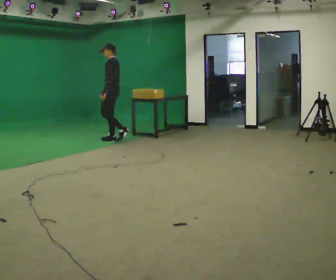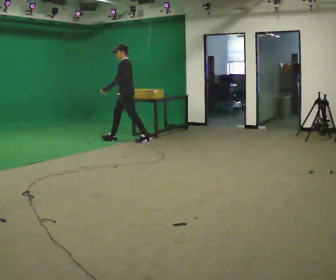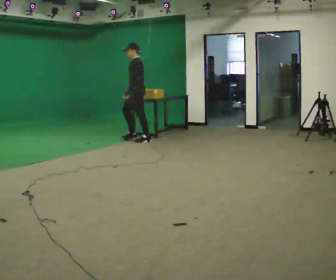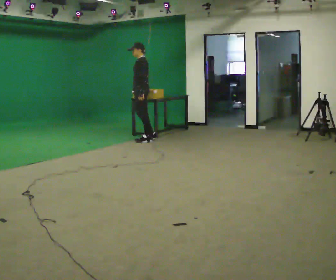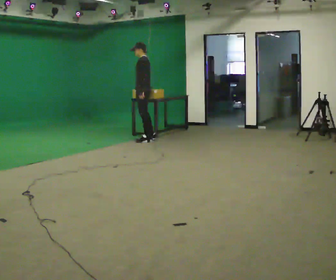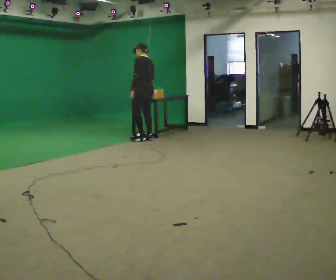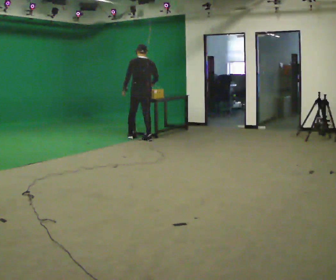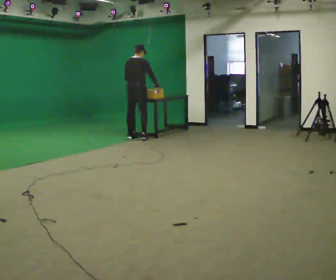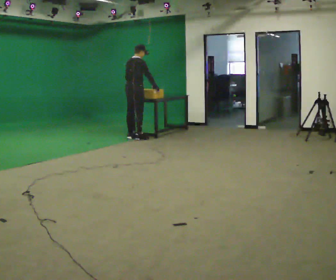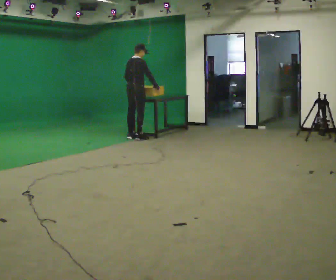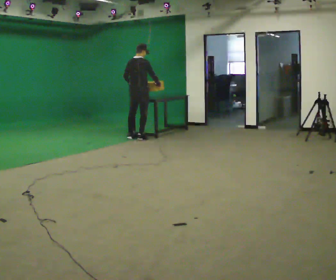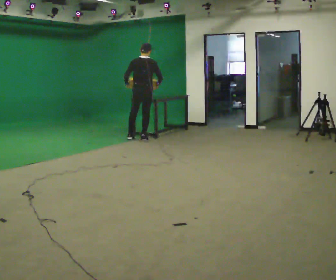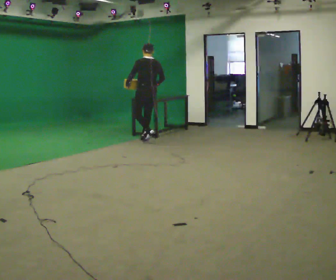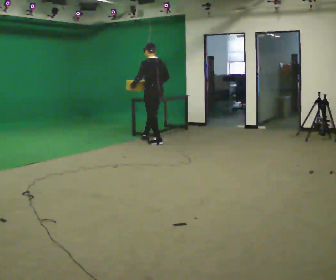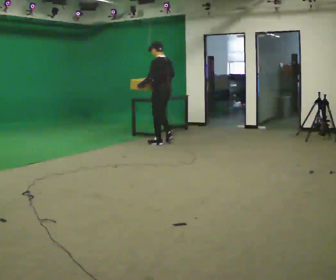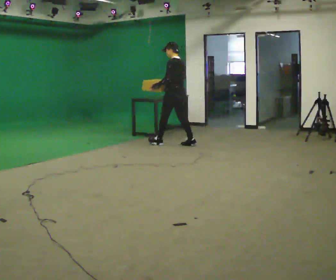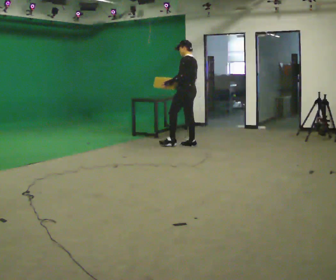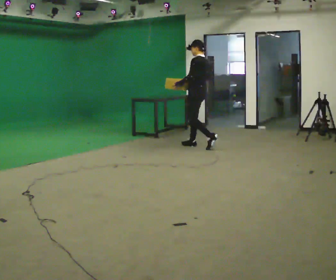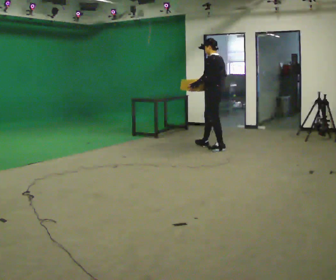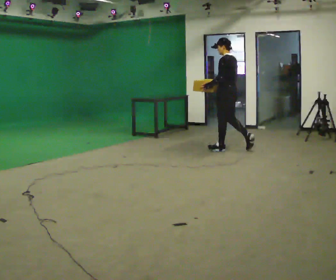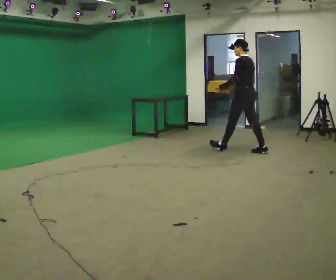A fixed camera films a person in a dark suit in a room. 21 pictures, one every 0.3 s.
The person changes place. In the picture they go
to the right.
0.0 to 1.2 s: In the picture they go to the right, about 0.5 m in 1 step, which for them is backward.
1.2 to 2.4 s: The part of the body nearest the lens slides to the left as the person turns to their right by about 135 degrees. In the picture they go to the left, about 0.25 m in 2 steps.
2.4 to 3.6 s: Seen from above the body turns counterclockwise, about 75 degrees: to their left, with its near side sliding to the right. In the picture they go to the right and toward the camera, about 0.25 m in 1 step.
3.6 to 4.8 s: The part of the body nearest the lens slides to the right as the person turns to their left by about 30 degrees. In the picture they go to the right and toward the camera, about 1 m in 2 steps, which for them is backward.
4.8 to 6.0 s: In the picture they go to the right and toward the camera, about 1 m in 2 steps, which for them is backward.
The film runs backward here.
